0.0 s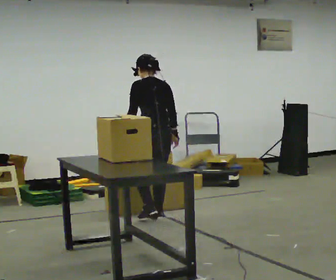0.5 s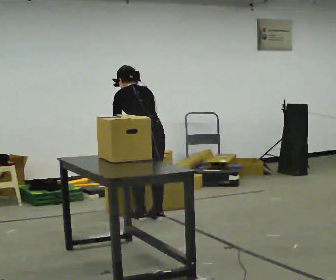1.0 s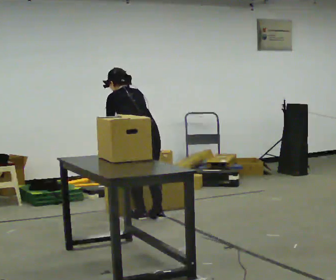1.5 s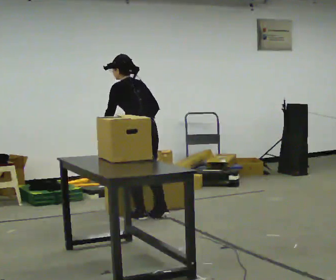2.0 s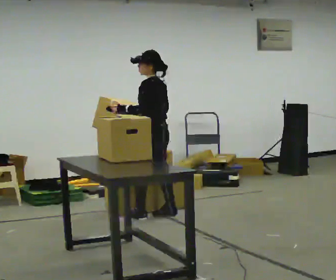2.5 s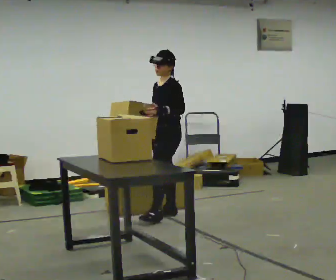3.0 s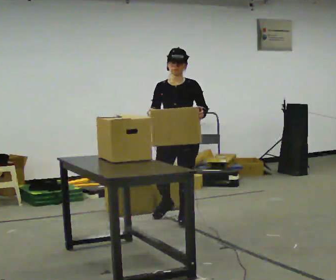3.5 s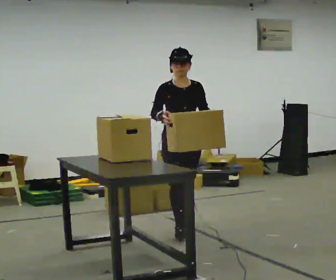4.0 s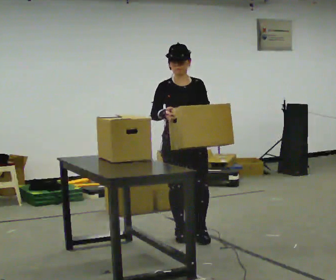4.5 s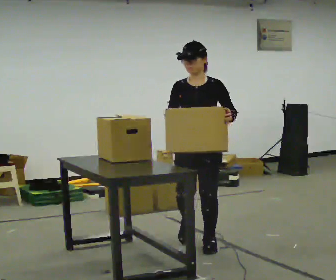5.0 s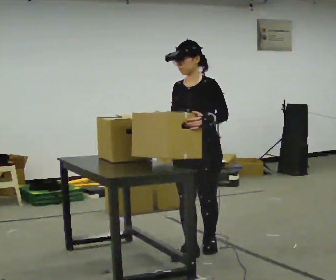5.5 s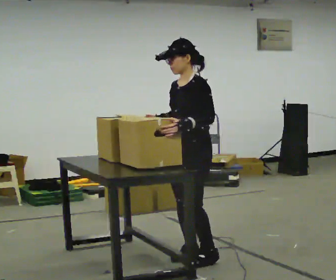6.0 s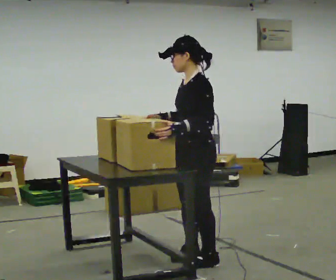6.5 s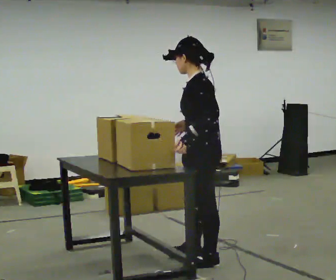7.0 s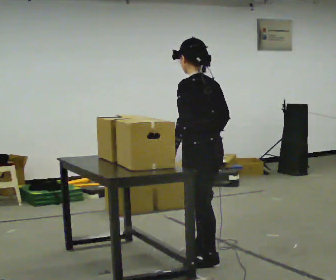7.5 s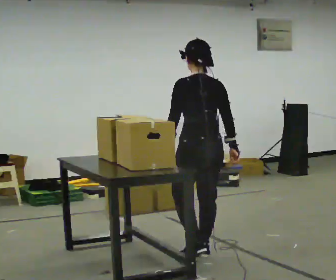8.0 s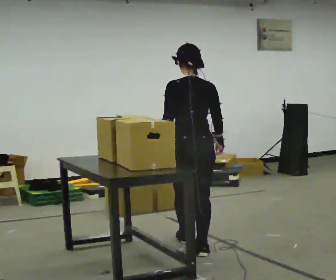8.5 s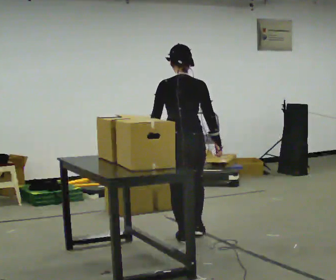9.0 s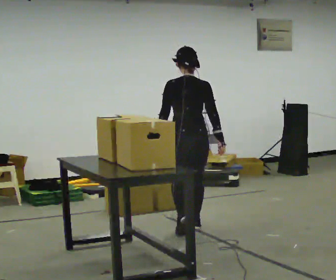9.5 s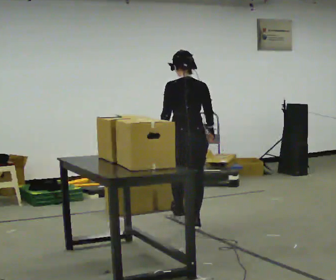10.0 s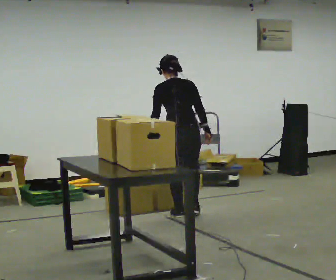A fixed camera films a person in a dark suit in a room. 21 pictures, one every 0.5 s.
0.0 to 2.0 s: The part of the body nearest the lens slides to the right as the person turns to their left by about 45 degrees. In the picture they go away from the camera, about 0.25 m in 2 steps, which for them is forward.
2.0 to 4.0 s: The part of the body nearest the lens slides to the right as the person turns to their left by about 120 degrees. In the picture they go toward the camera, about 1 m in 2 steps.
4.0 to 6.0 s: The person turns about 90 degrees to their right, clockwise seen from above, so the part of the body nearest the lens slides to the left. In the picture they go toward the camera, about 0.5 m in 3 steps.
6.0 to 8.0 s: The part of the body nearest the lens slides to the left as the person turns to their right by about 105 degrees. In the picture they go away from the camera, about 0.25 m in 1 step.
8.0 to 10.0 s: In the picture they go away from the camera, about 1 m in 2 steps, which for them is forward.
The film runs forward here.
